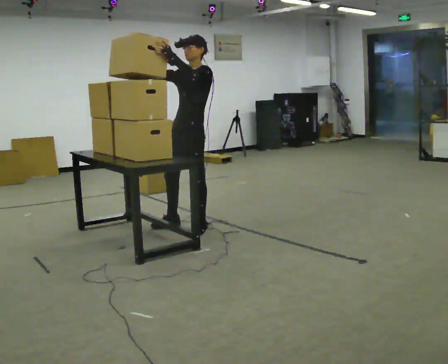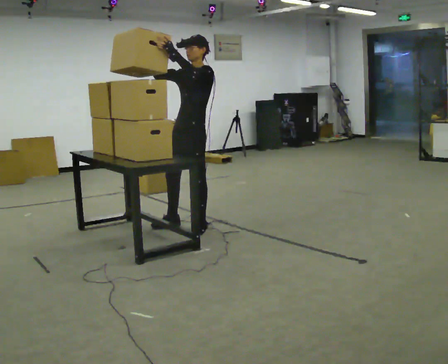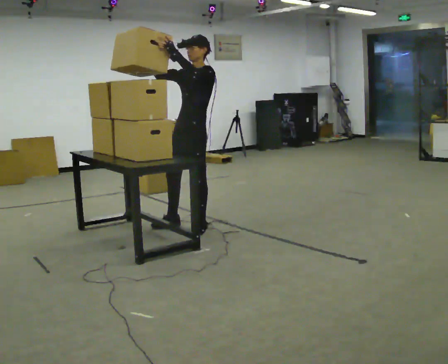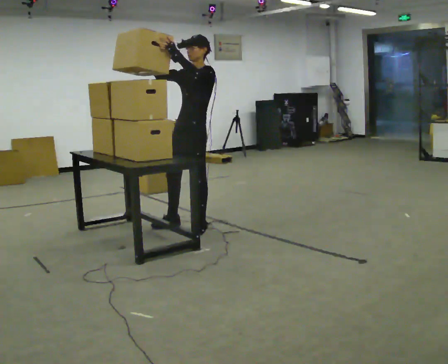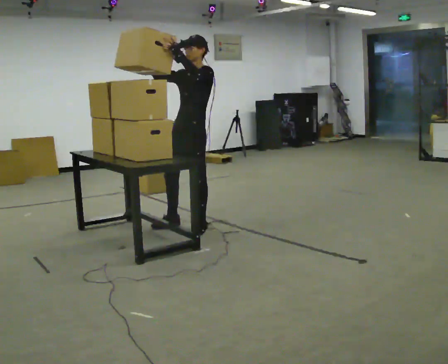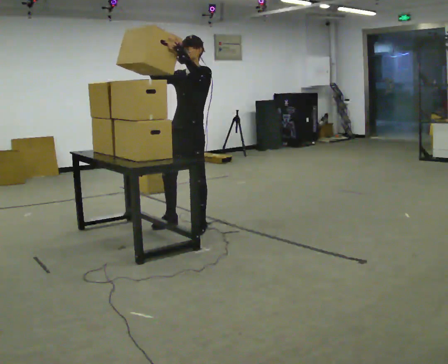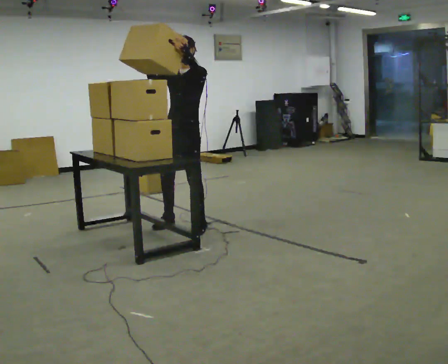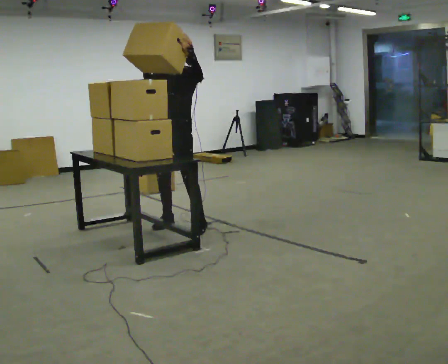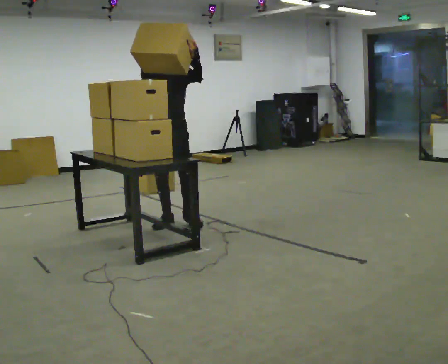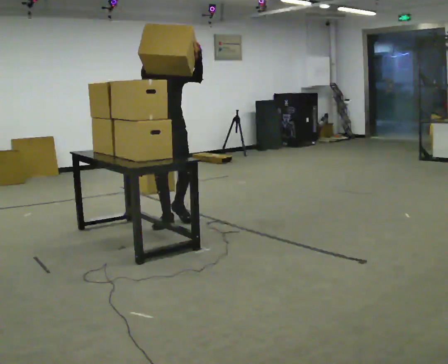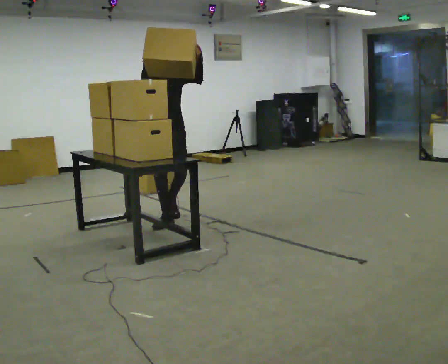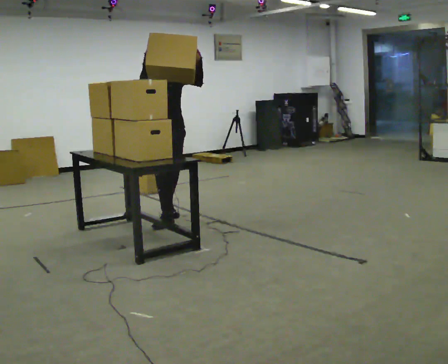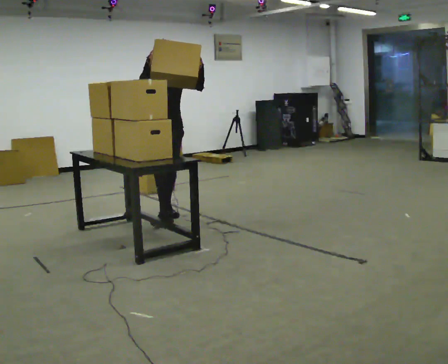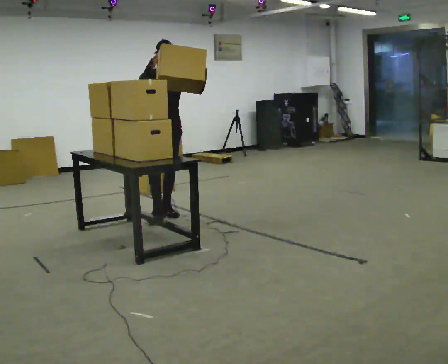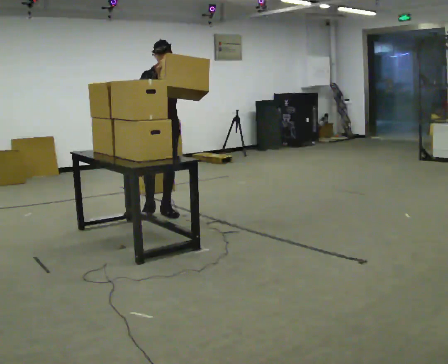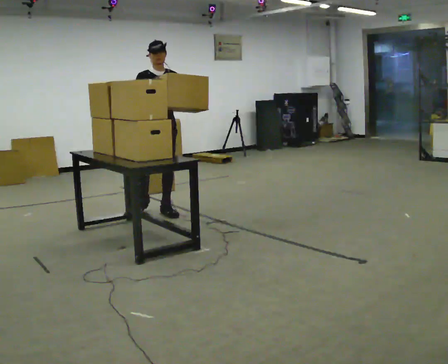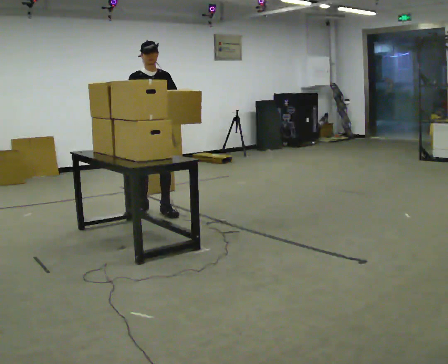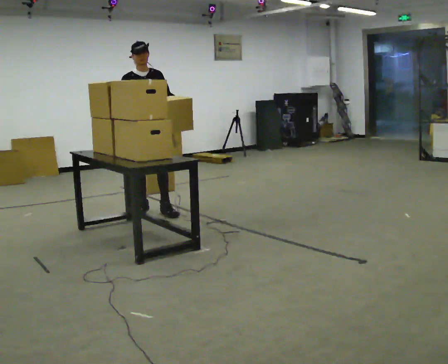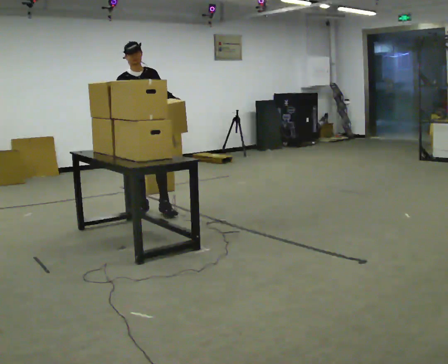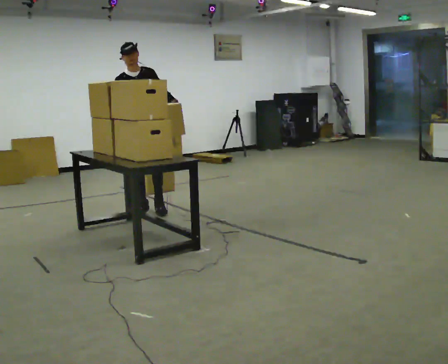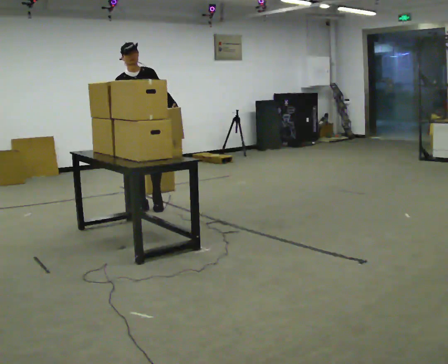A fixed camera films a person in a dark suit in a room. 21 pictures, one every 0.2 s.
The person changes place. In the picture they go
away from the camera.
Their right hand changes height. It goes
downward.
0.0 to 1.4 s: The person turns about 30 degrees to their left, counterclockwise seen from above, so the part of the body nearest the lens slides to the right.
1.4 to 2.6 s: Seen from above the body turns counterclockwise, about 30 degrees: to their left, with its near side sliding to the right. In the picture they go away from the camera, about 0.5 m in 2 steps, which for them is backward.
2.6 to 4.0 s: In the picture they go away from the camera and to the left, about 0.5 m in 1 step, which for them is backward and to their right. In the picture their right hand goes downward.
The film runs backward here.
